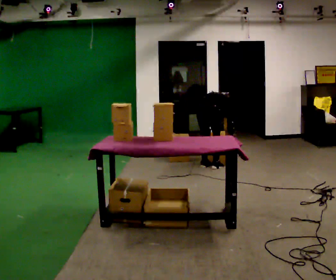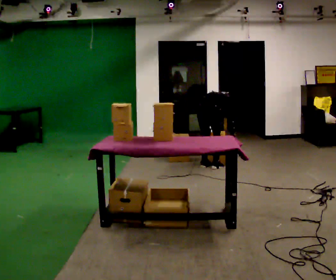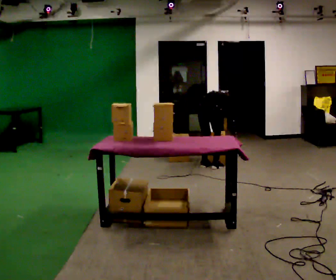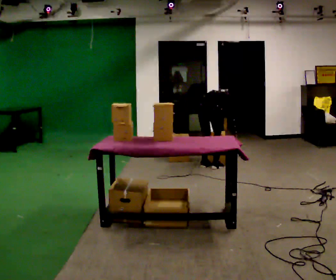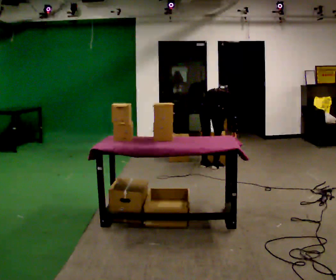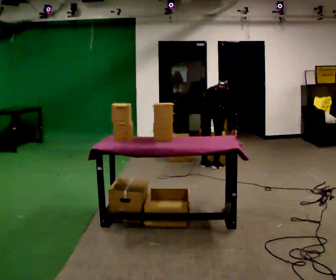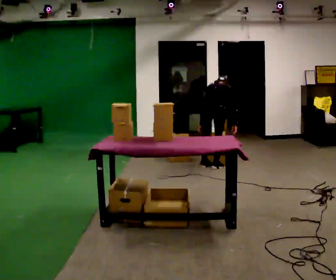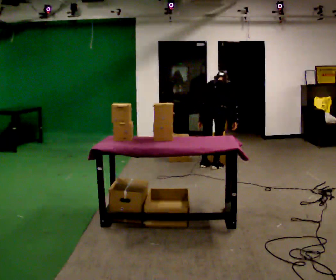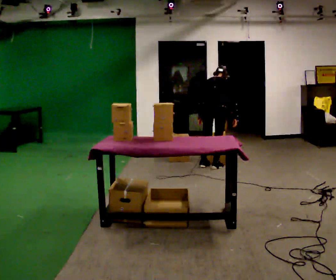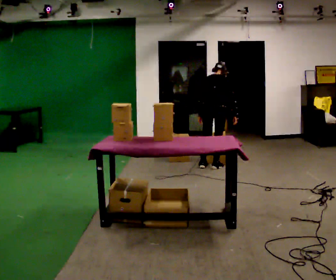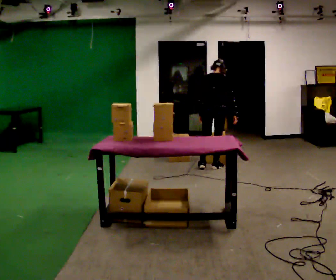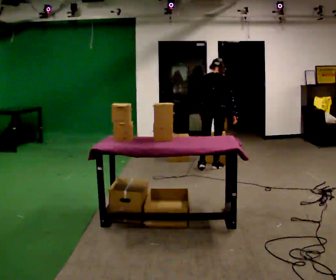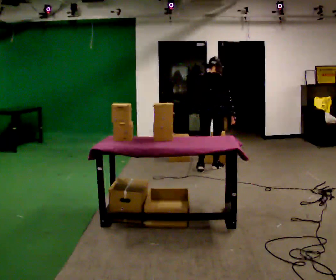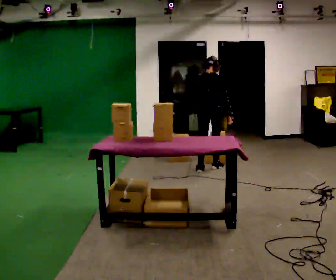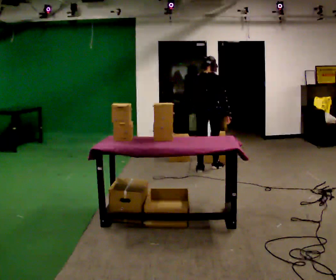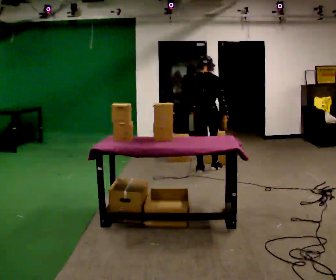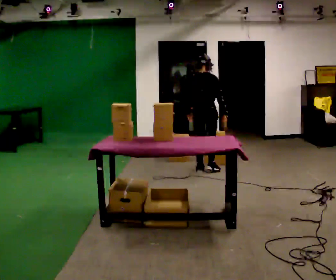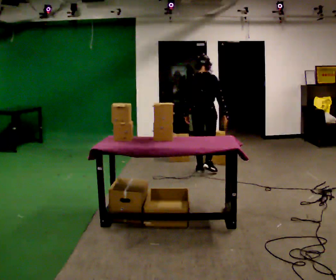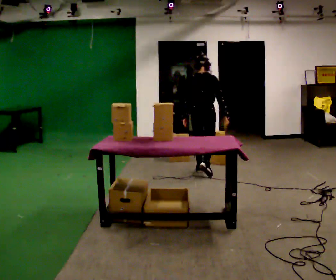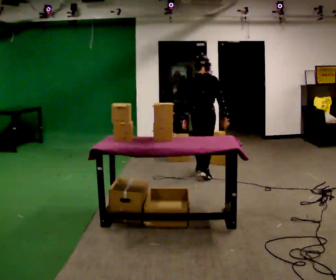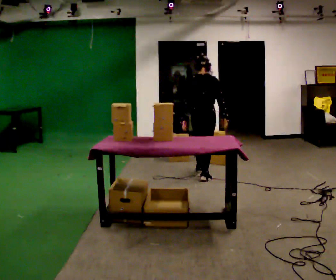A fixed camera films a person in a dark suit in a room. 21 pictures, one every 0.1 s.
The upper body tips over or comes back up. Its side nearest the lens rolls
downward.
The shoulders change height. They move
upward.
0.0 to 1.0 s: The shoulders move upward. The upper body tips toward the camera, its near side rolling downward, as they lean back or straighten. In the picture their left hand goes upward.
1.0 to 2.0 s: In the picture they go toward the camera, about 0.25 m in 1 step, which for them is backward. The upper body tips toward the camera, its near side rolling downward, as they lean back or straighten.
The film runs backward here.
